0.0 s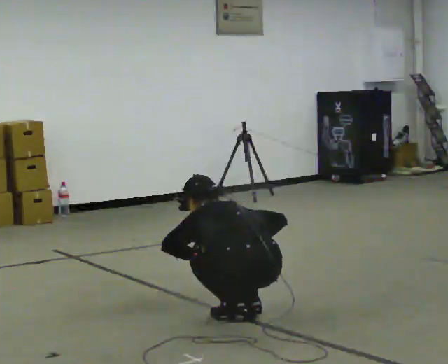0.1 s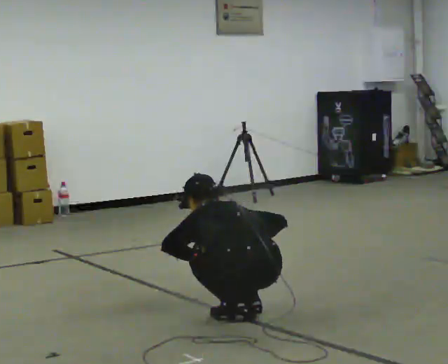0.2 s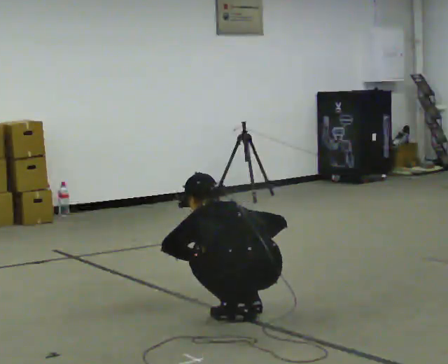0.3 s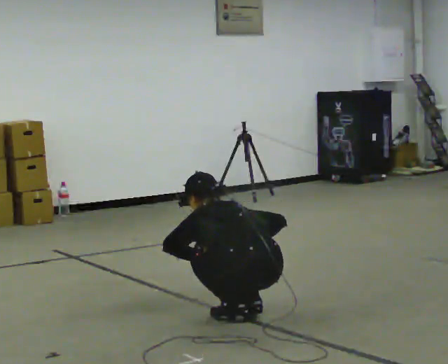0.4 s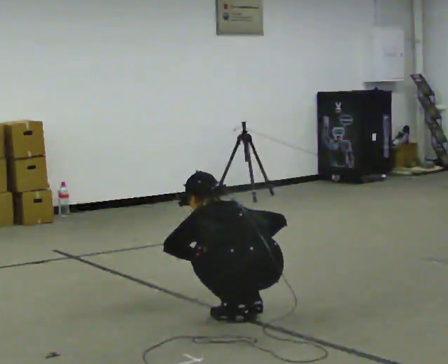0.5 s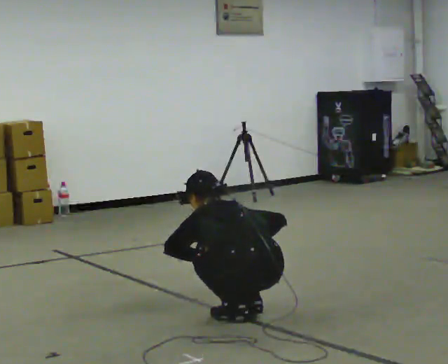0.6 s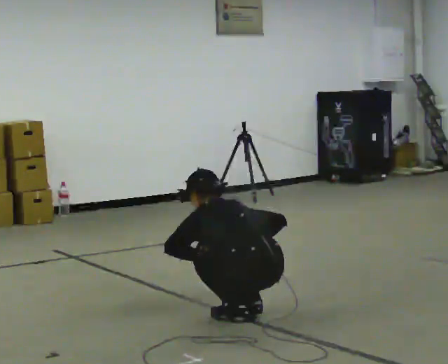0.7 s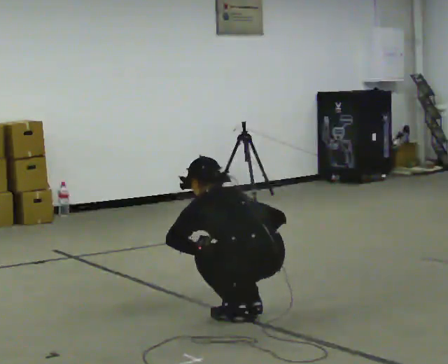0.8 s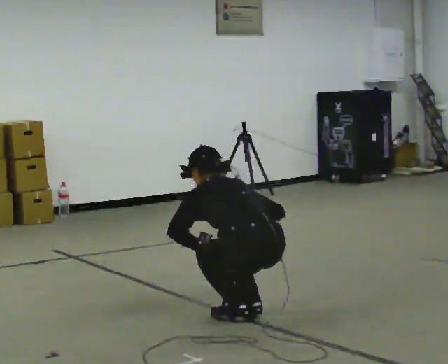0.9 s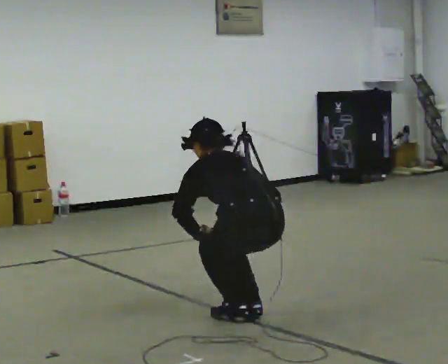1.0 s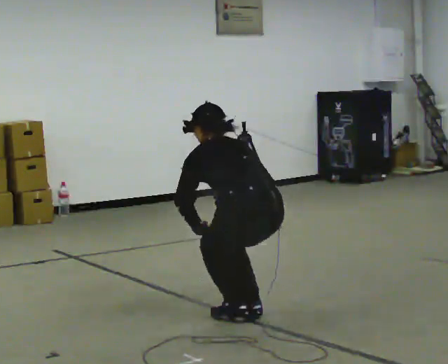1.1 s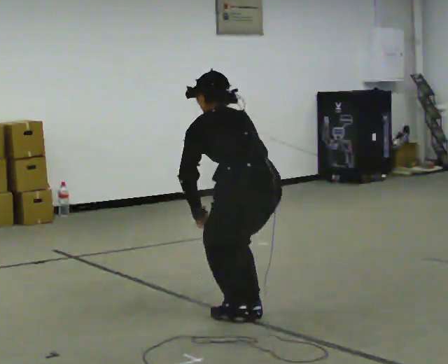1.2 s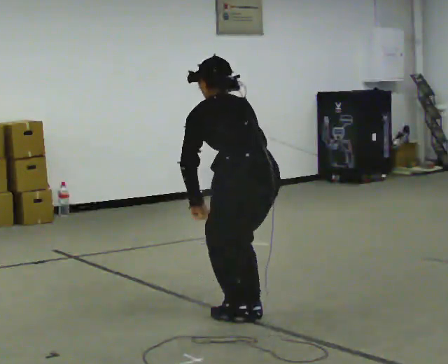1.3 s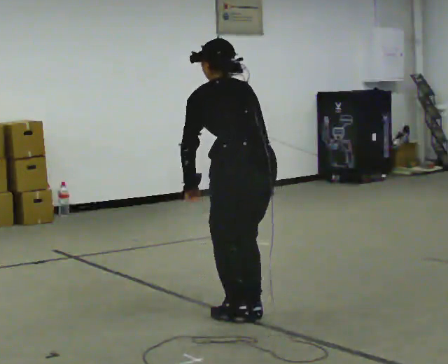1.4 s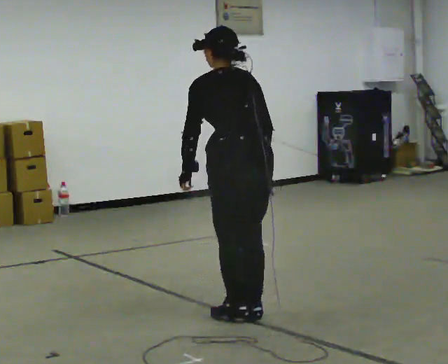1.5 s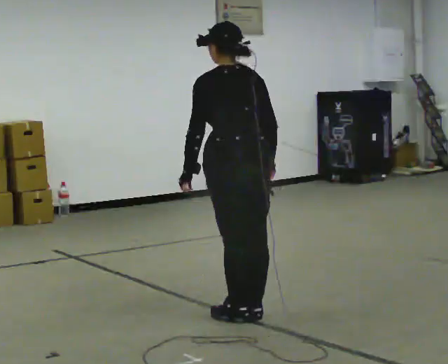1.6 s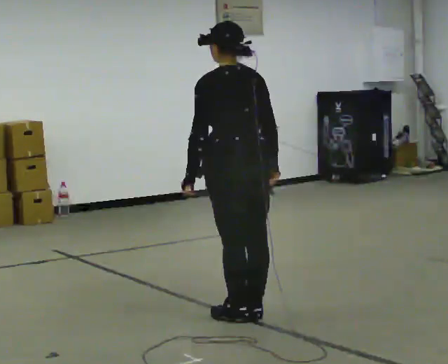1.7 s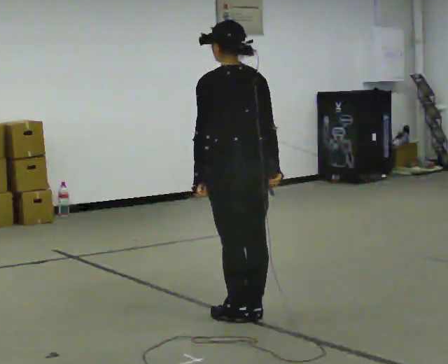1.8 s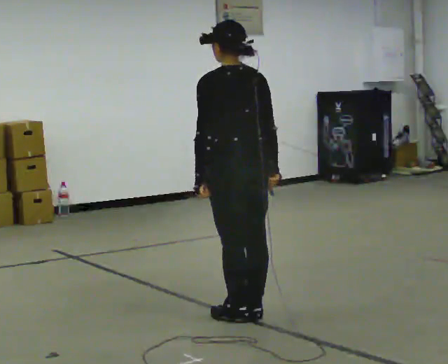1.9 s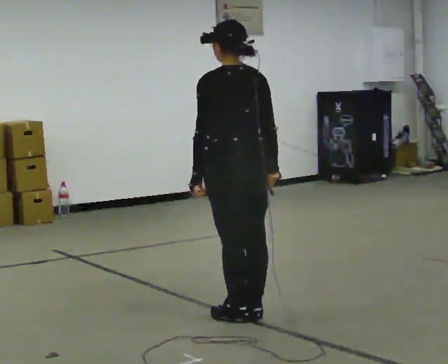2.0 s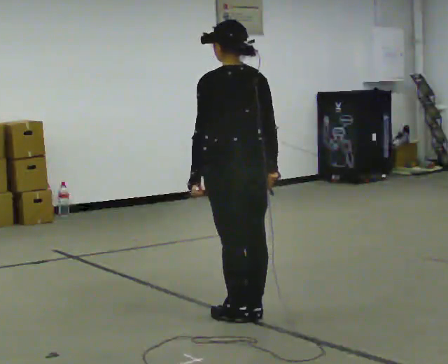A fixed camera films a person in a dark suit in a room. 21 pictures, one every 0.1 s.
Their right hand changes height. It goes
upward.
The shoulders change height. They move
upward.
0.0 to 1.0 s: The upper body goes upward. The upper body tips toward the camera, its near side rolling downward, as they lean back or straighten.
1.0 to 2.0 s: The shoulders move upward. The upper body tips toward the camera, its near side rolling downward, as they lean back or straighten.
The film runs forward here.
